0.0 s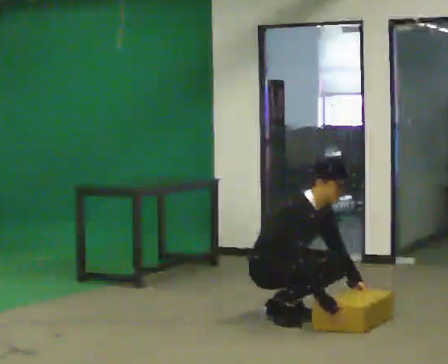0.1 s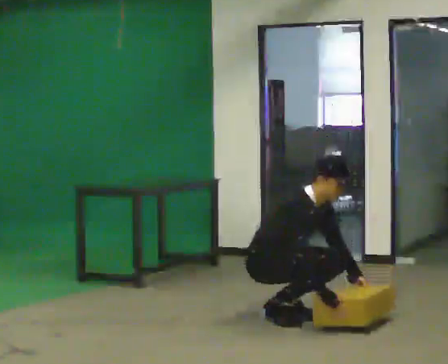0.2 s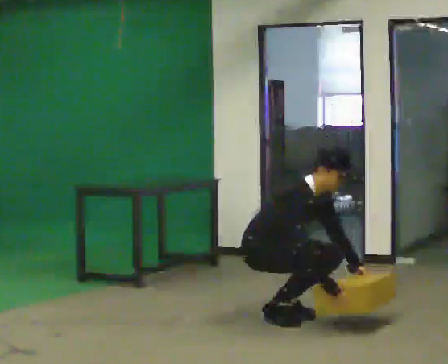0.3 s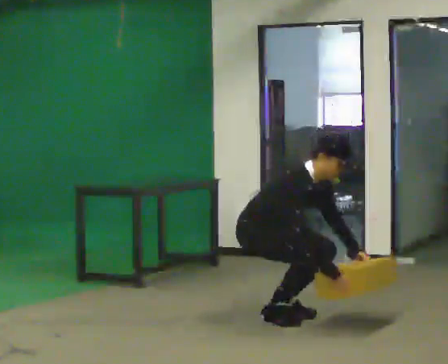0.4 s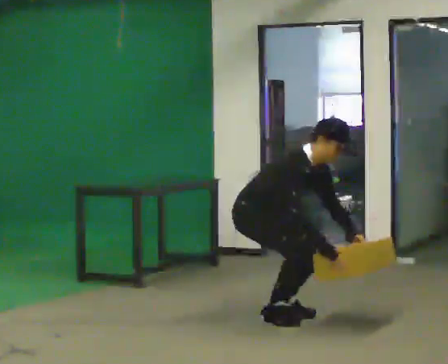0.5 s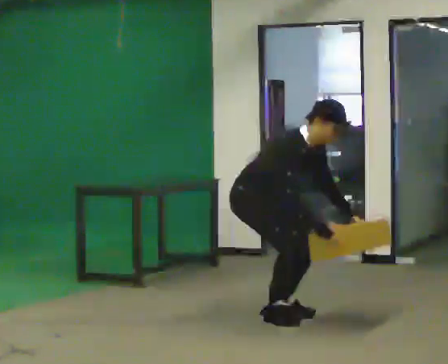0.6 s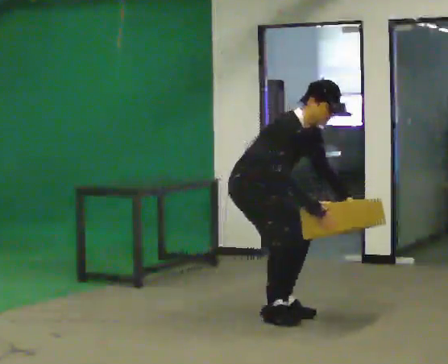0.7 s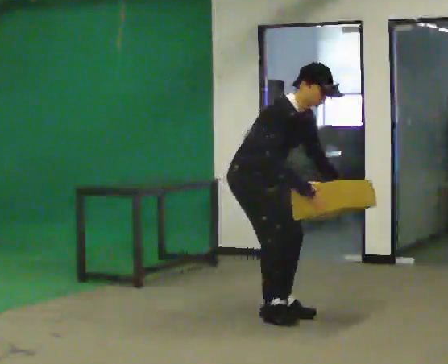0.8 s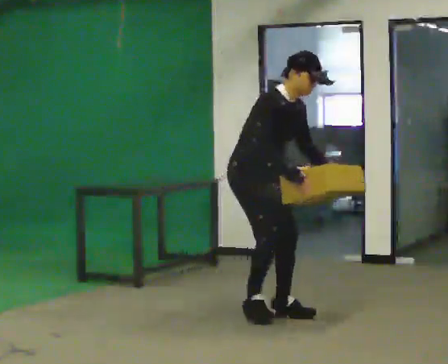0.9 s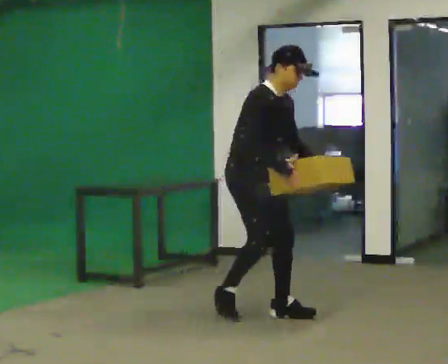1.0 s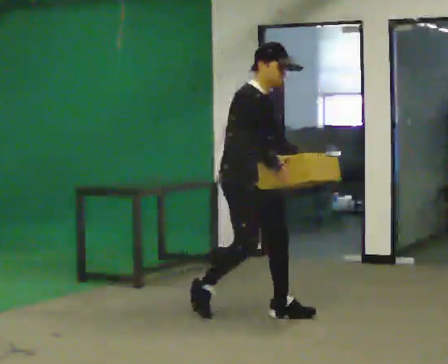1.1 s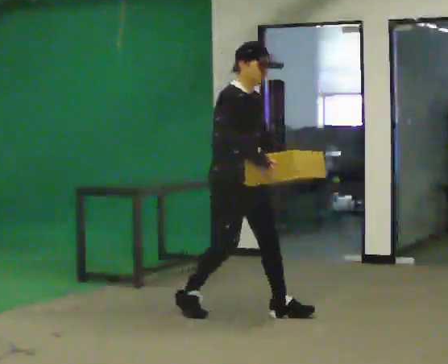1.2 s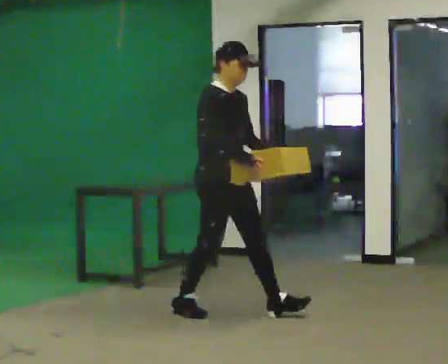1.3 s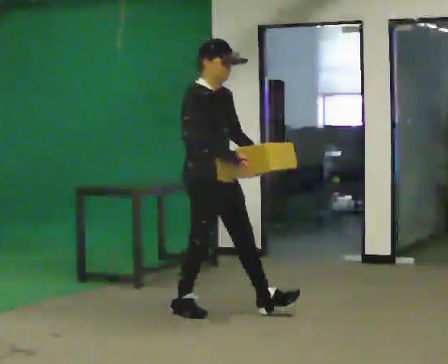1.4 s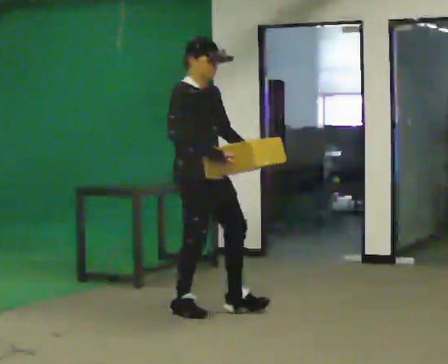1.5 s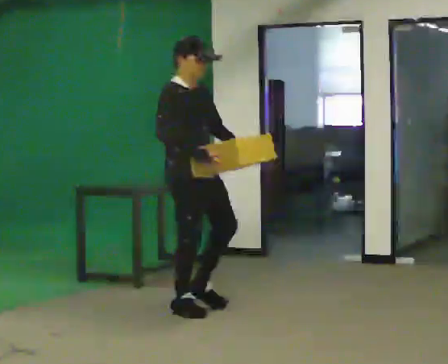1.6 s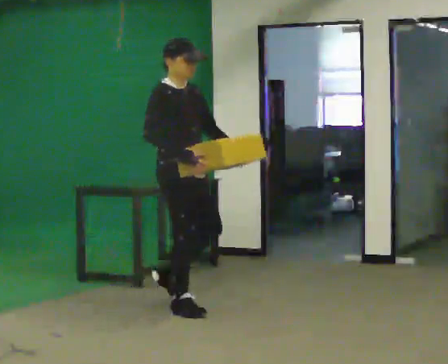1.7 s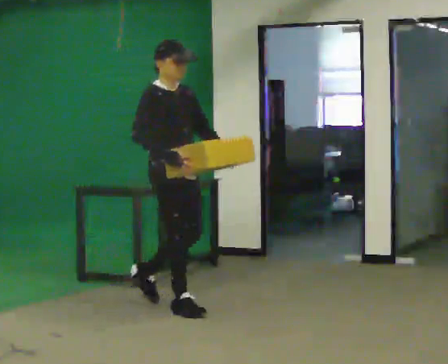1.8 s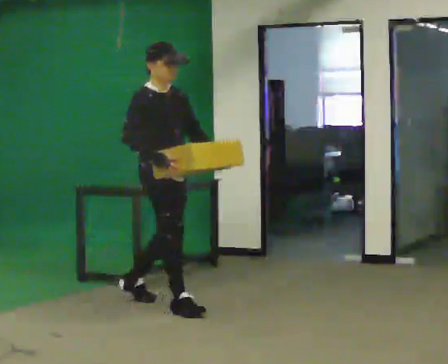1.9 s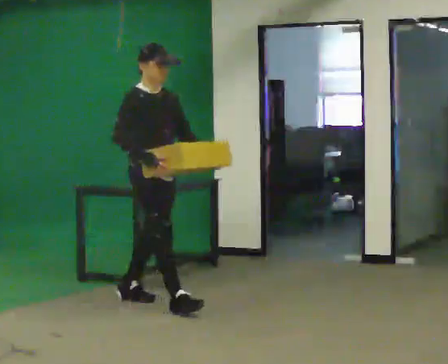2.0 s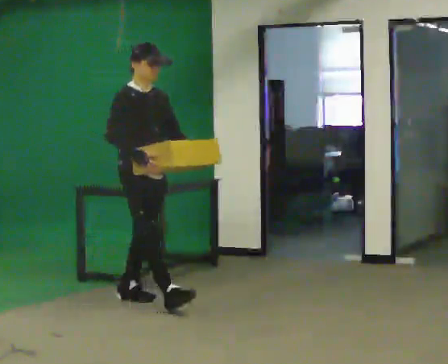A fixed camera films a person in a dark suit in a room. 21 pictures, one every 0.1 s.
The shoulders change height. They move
upward.
The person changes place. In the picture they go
to the left.
0.0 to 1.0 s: In the picture they go to the left, about 0.25 m in 1 step, which for them is backward. The upper body goes upward. In the picture their right hand goes upward.
1.0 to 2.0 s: In the picture they go to the left and away from the camera, about 1 m in 2 steps, which for them is backward. In the picture the upper body tilts counterclockwise, shoulders to the left, as they lean back or straighten.
The film runs backward here.
